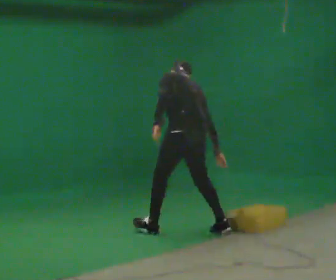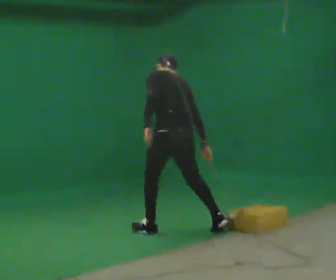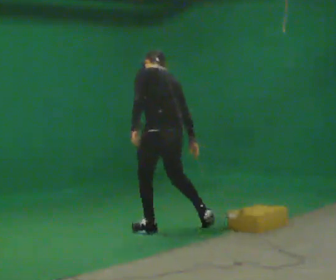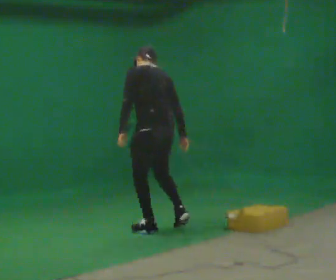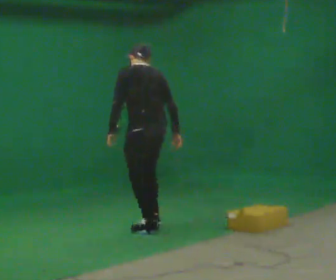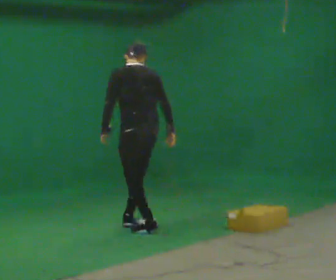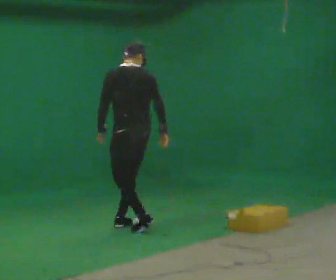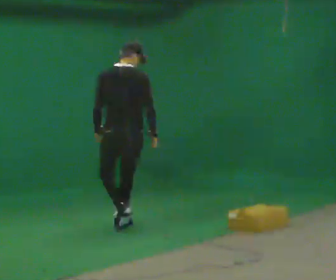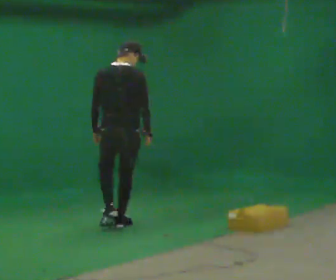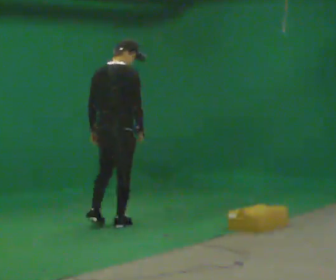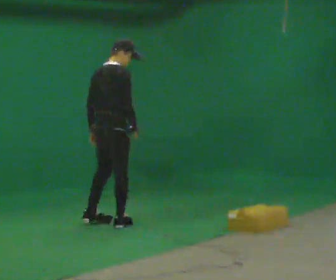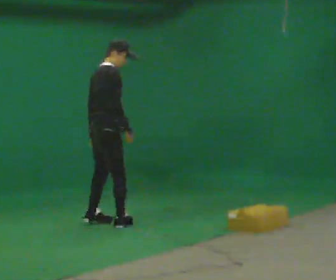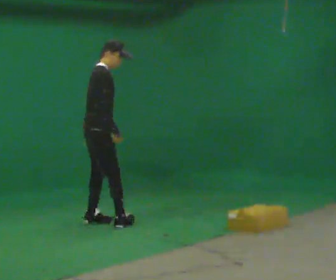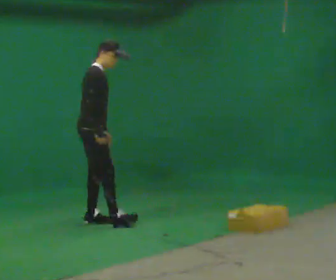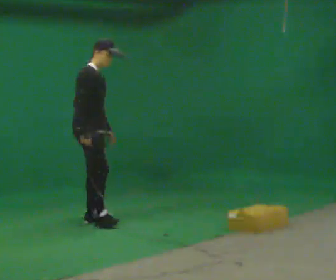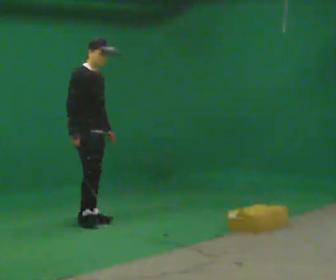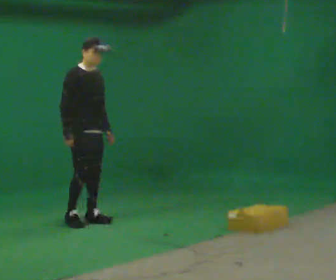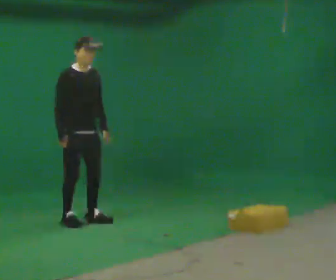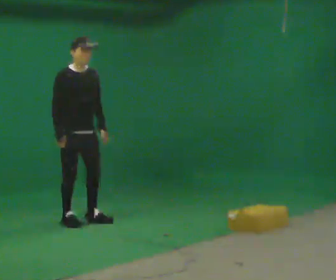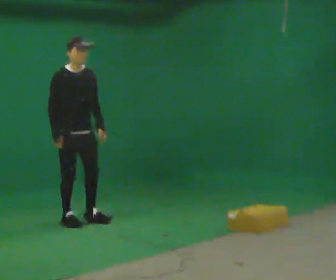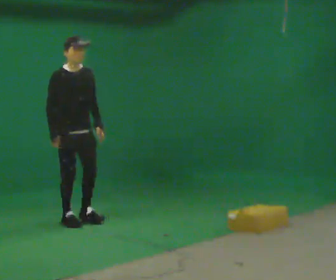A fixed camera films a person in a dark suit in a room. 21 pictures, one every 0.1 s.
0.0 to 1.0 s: The person turns about 75 degrees to their right, clockwise seen from above, so the part of the body nearest the lens slides to the left. In the picture they go to the left and away from the camera, about 1 m in 1 step. The upper body tips toward the camera, its near side rolling downward, as they lean back or straighten.
1.0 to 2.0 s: The part of the body nearest the lens slides to the left as the person turns to their right by about 90 degrees. In the picture they go to the left and away from the camera, about 0.5 m in 2 steps.
The film runs forward here.
